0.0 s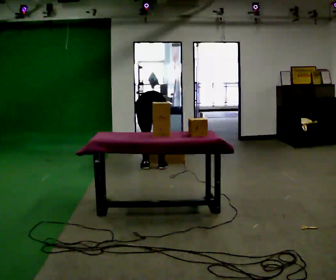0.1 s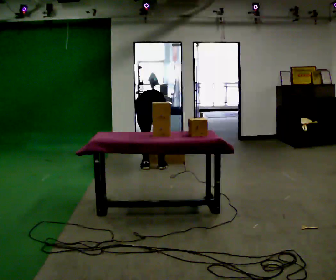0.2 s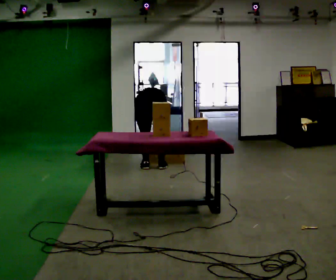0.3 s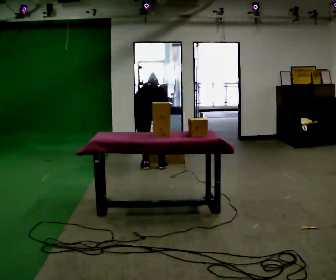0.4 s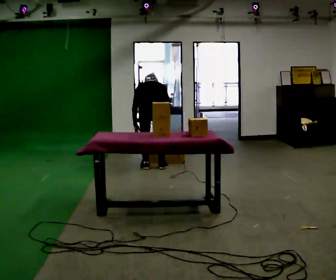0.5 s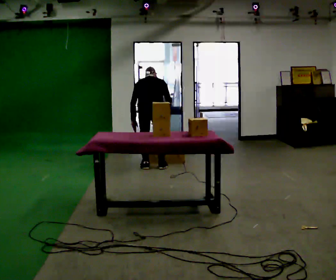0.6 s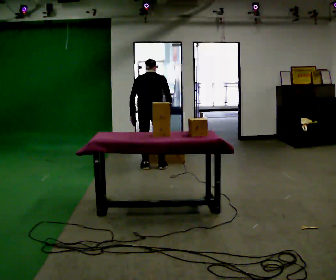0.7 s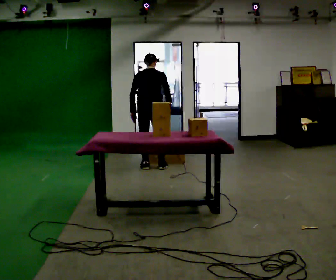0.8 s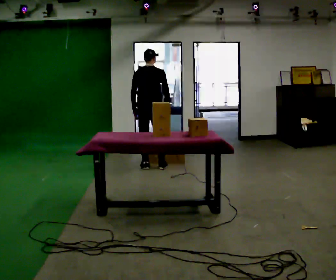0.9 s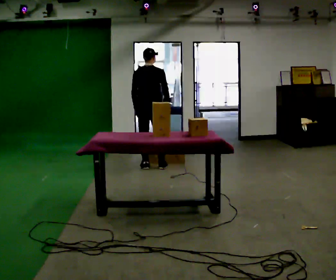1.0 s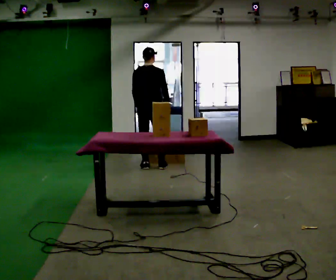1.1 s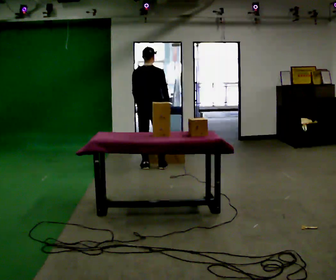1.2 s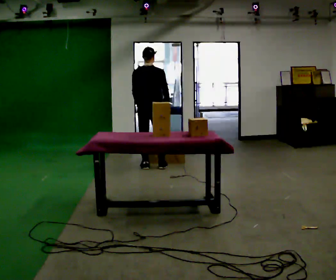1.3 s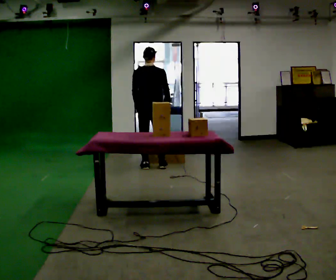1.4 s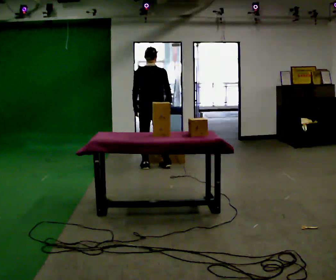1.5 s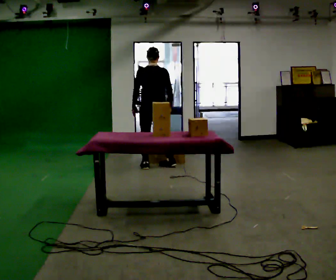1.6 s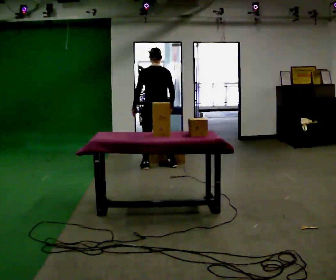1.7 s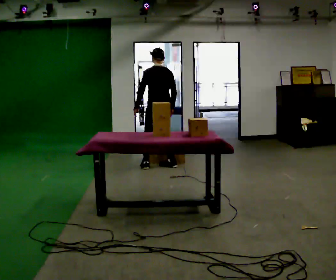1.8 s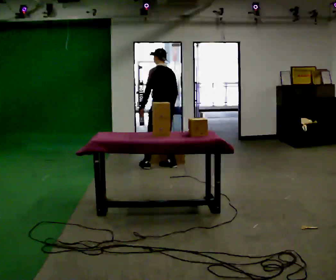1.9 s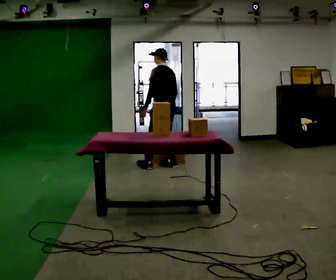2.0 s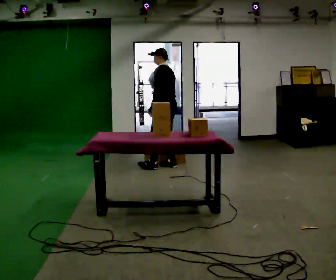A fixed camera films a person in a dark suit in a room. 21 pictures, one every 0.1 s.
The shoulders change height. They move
upward.
Their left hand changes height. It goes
upward.
0.0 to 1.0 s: The upper body goes upward. The upper body tips toward the camera, its near side rolling downward, as they lean back or straighten. In the picture their left hand goes upward.
1.0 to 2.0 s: The person turns about 75 degrees to their left, counterclockwise seen from above, so the part of the body nearest the lens slides to the right. In the picture they go to the right, about 0.25 m in 1 step.
The film runs forward here.
